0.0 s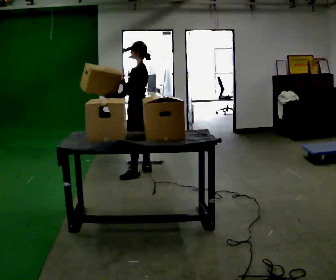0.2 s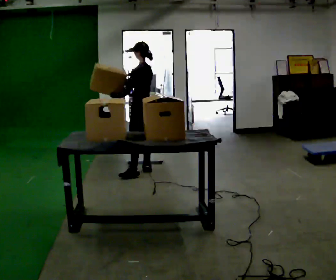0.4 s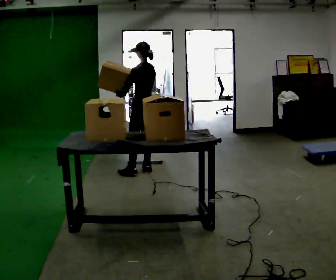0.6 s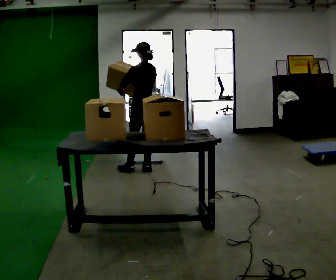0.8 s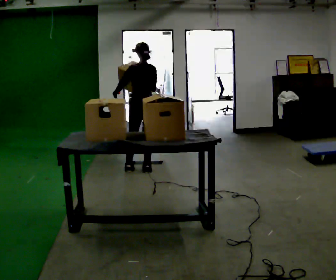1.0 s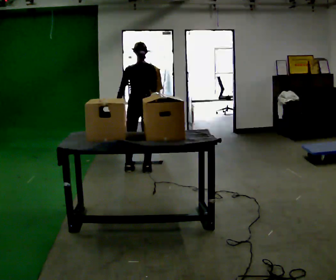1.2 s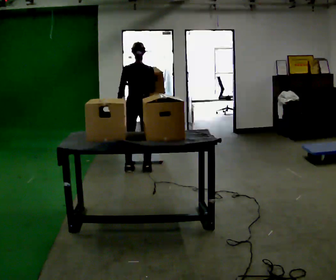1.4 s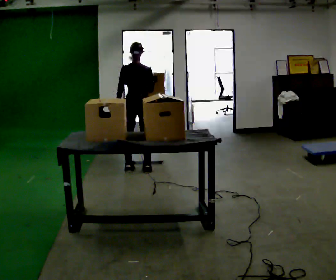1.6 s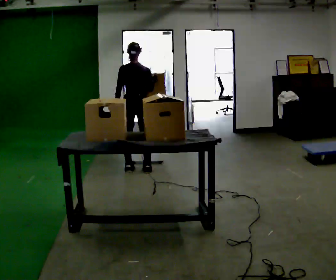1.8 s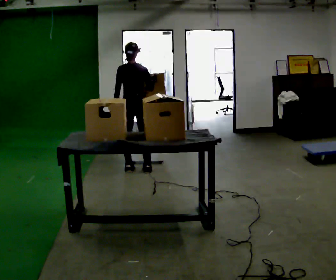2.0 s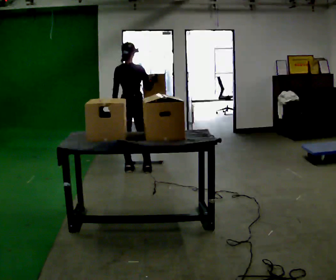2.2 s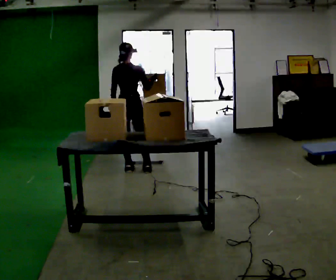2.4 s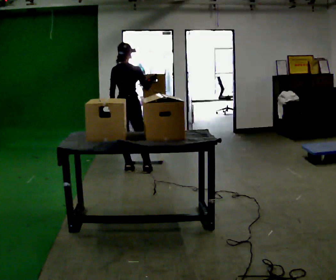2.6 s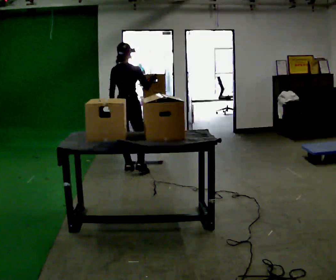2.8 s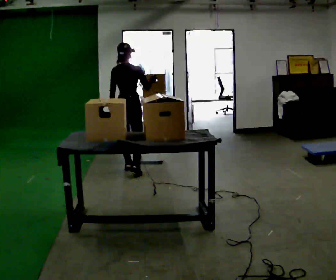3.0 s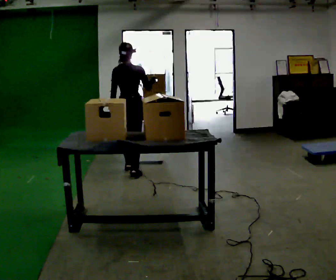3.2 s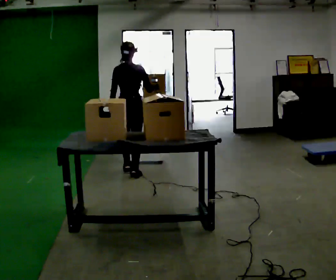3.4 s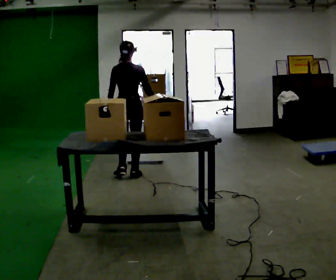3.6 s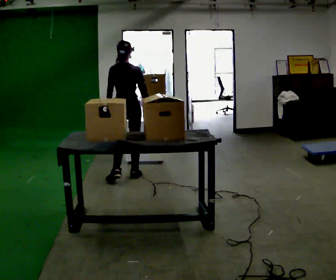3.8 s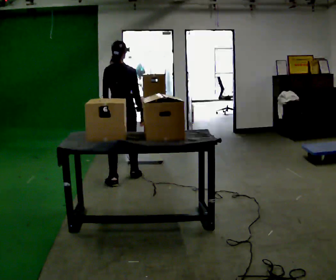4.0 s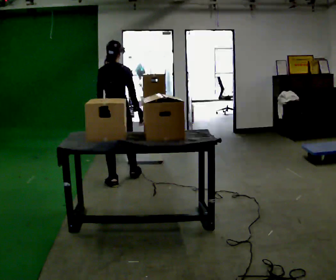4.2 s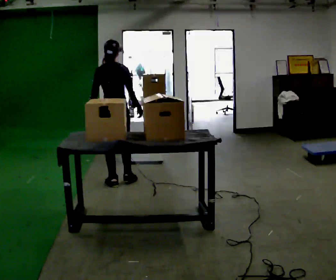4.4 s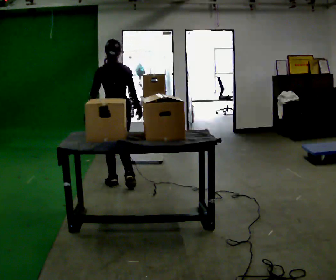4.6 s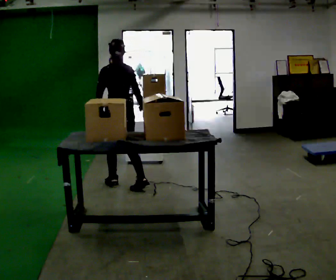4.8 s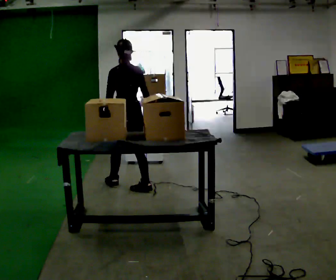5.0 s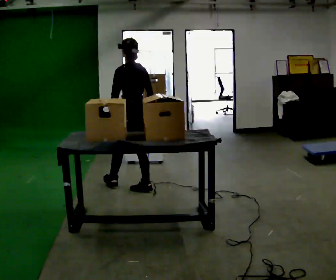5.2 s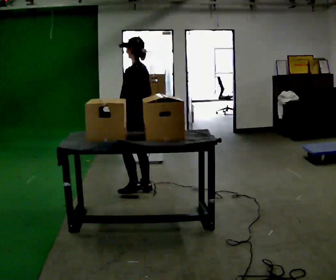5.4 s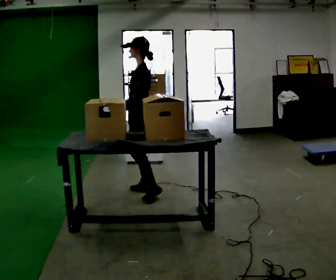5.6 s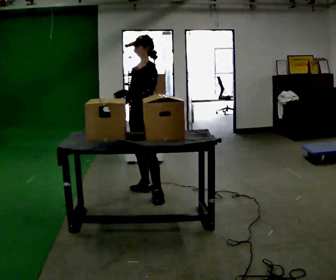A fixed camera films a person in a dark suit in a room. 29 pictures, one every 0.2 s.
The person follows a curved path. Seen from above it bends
counterclockwise.
0.0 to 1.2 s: The part of the body nearest the lens slides to the left as the person turns to their right by about 75 degrees. In the picture they go away from the camera, about 0.25 m in 1 step. In the picture their right hand goes to the right.
1.2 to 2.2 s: The person moves a little, or ends about where they began.
2.2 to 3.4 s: In the picture they go toward the camera, about 0.25 m in 2 steps, which for them is backward and to their right.
3.4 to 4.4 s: In the picture they go toward the camera, about 0.25 m in 1 step, which for them is backward.
4.4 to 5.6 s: The person turns about 120 degrees to their left, counterclockwise seen from above, so the part of the body nearest the lens slides to the right. In the picture they go to the right and toward the camera, about 0.5 m in 1 step.
The film runs backward here.
